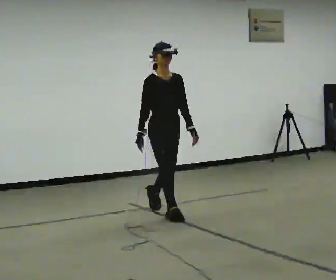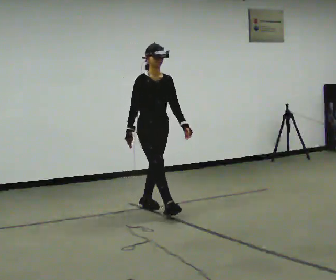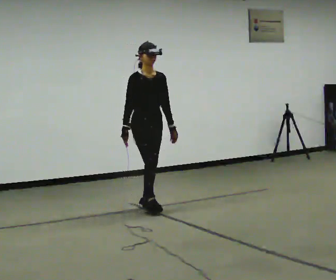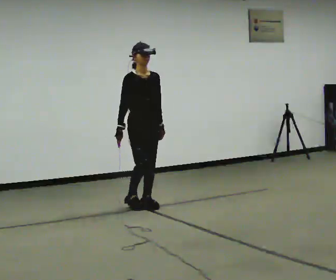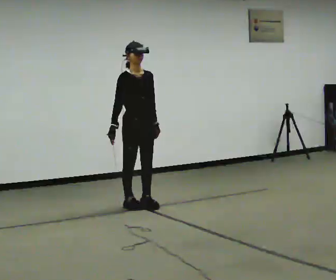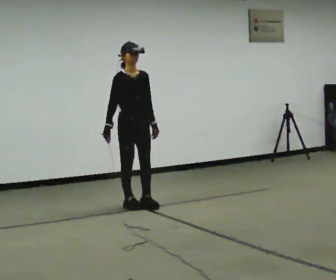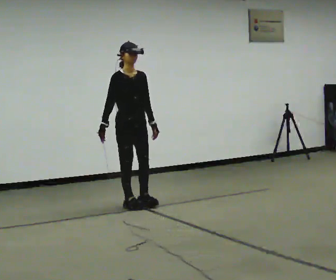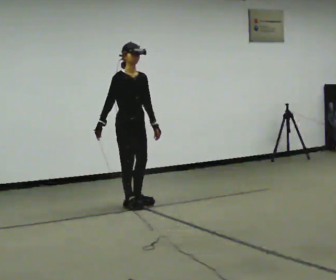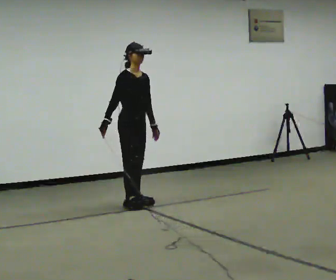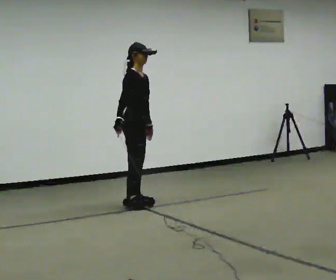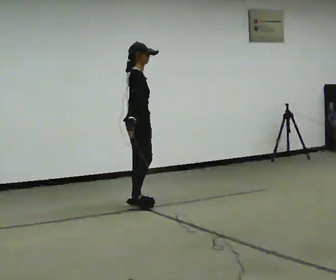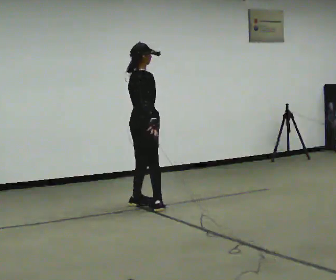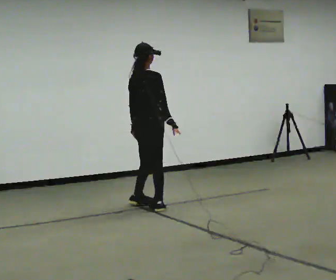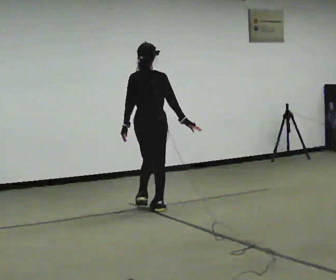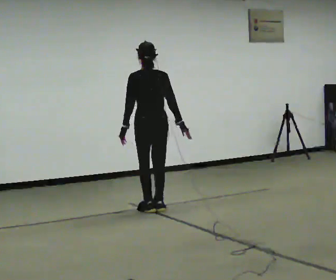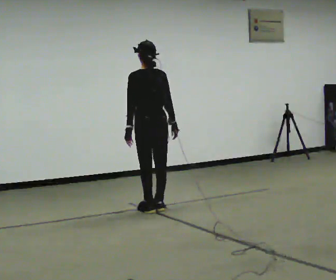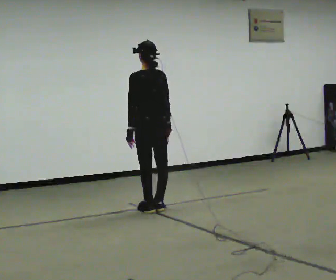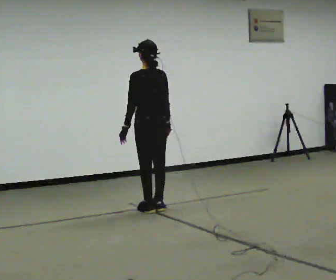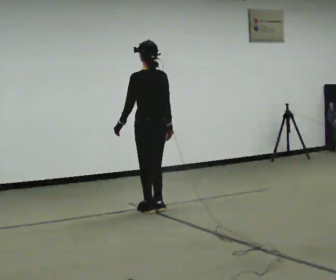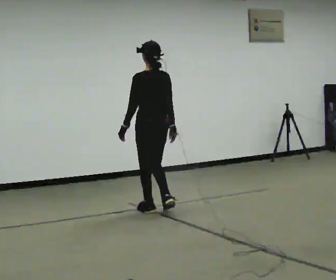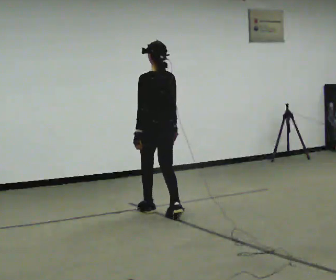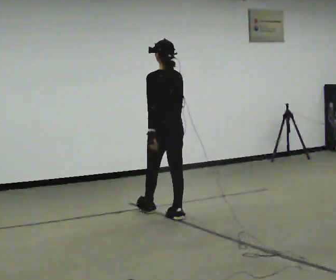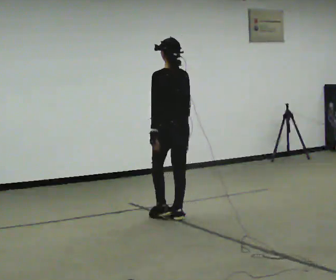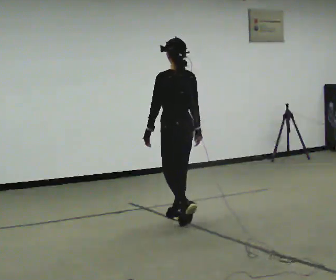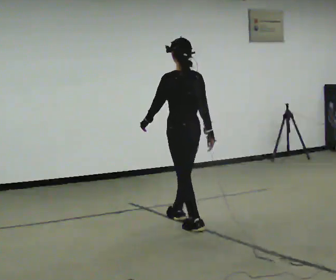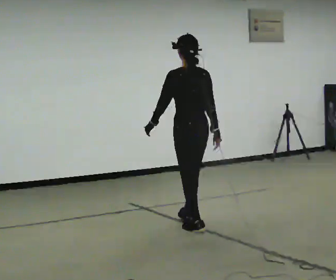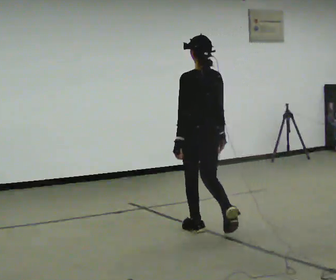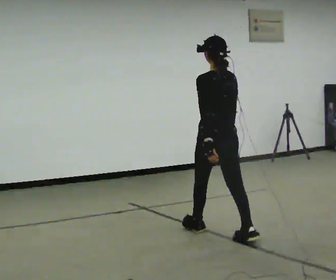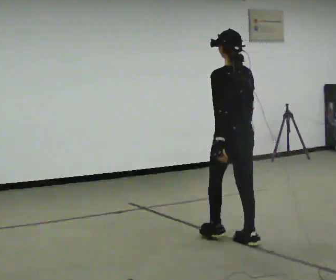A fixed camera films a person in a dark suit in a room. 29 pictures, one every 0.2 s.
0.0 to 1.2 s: In the picture they go away from the camera and to the left, about 0.5 m in 1 step, which for them is backward.
1.2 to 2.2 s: The person turns about 90 degrees to their left, counterclockwise seen from above, so the part of the body nearest the lens slides to the right. In the picture their right hand goes to the right.
2.2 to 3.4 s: The part of the body nearest the lens slides to the right as the person turns to their left by about 90 degrees. In the picture they go toward the camera, about 0.25 m in 1 step.
3.4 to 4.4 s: In the picture they go toward the camera and to the right, about 0.5 m in 2 steps, which for them is backward.
4.4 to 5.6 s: In the picture they go toward the camera and to the right, about 1 m in 2 steps, which for them is backward.
The film runs backward here.
